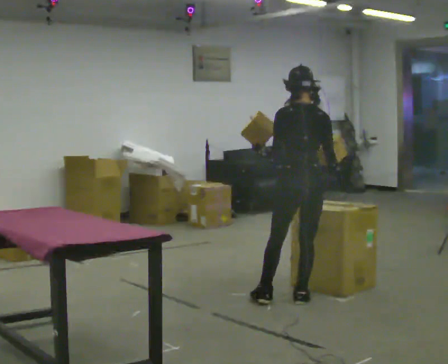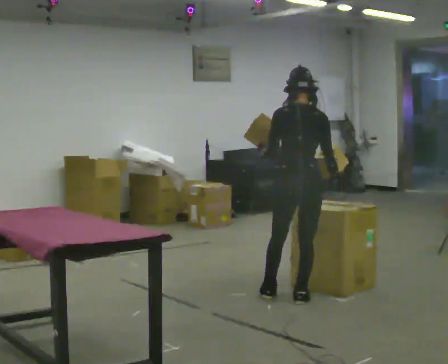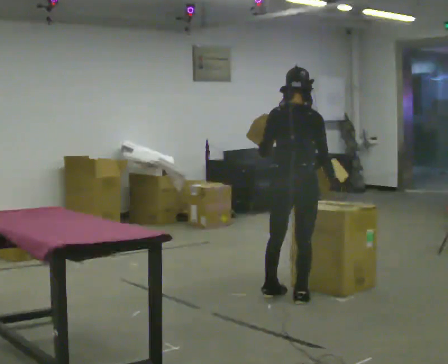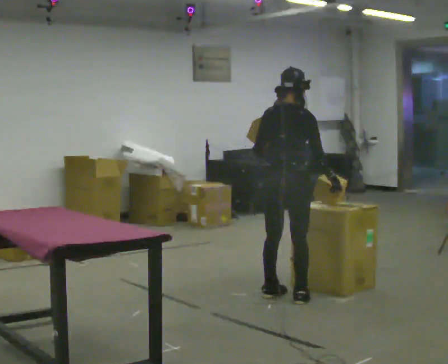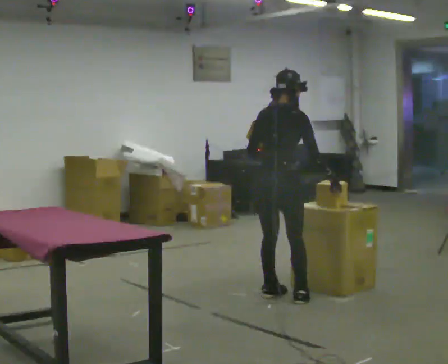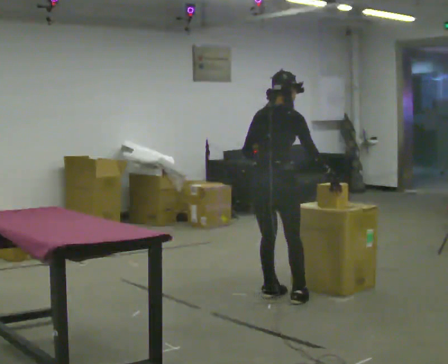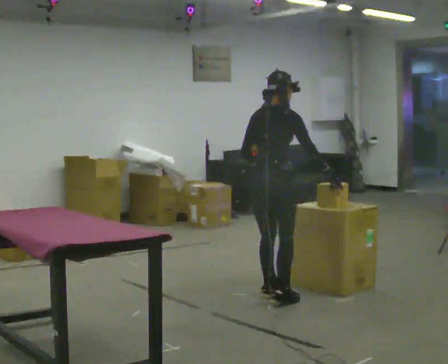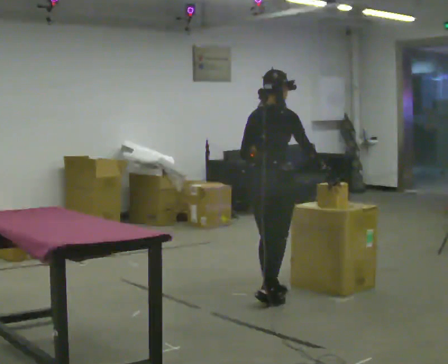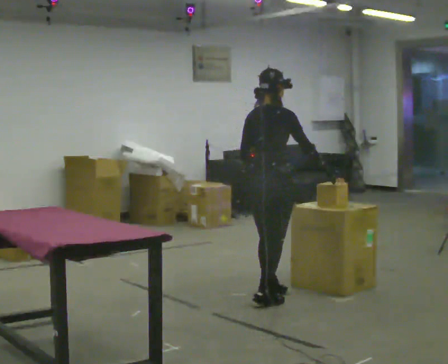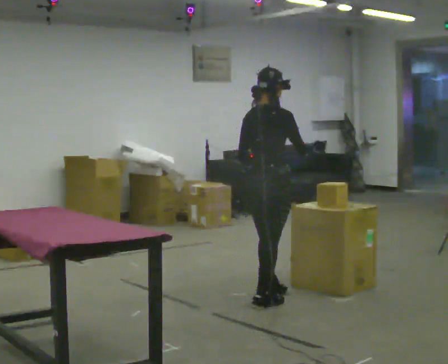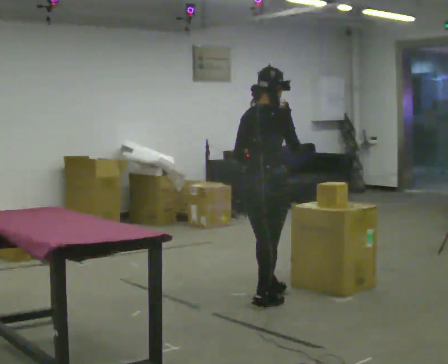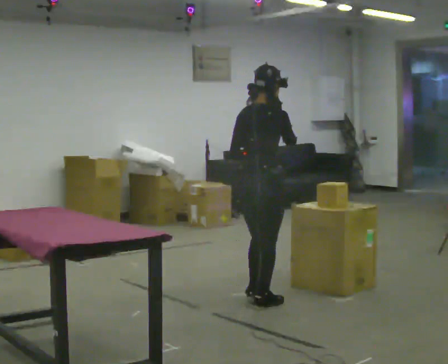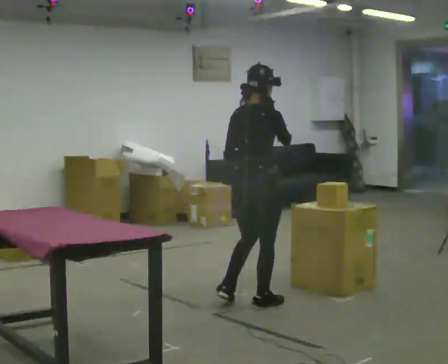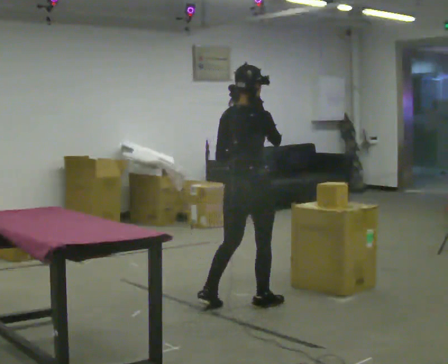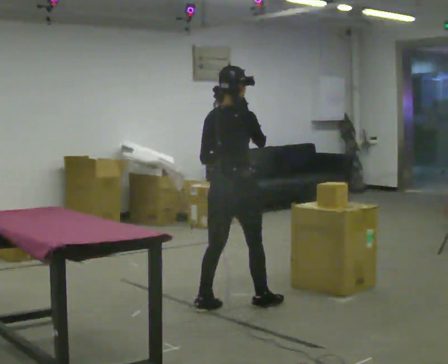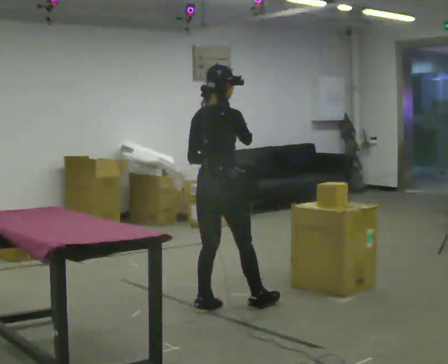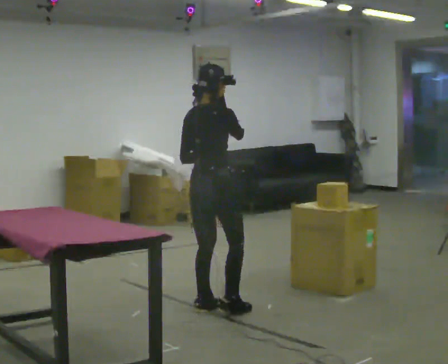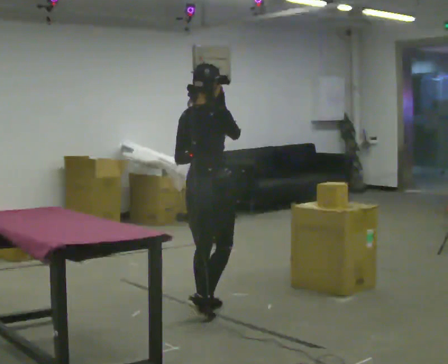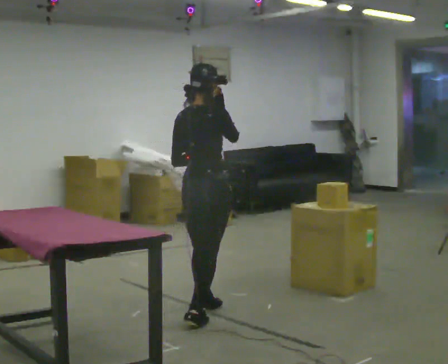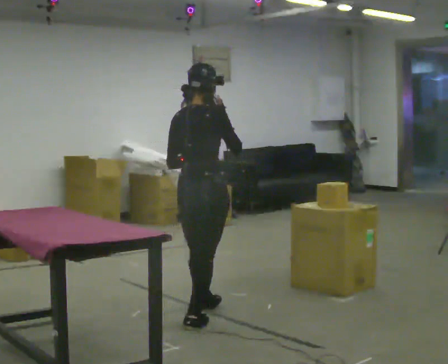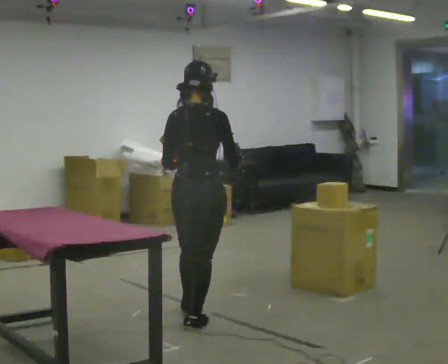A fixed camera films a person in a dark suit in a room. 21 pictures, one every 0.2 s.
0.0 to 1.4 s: The person turns about 45 degrees to their right, clockwise seen from above, so the part of the body nearest the lens slides to the left. In the picture they go to the left and away from the camera, about 0.25 m in 1 step, which for them is to their left.
1.4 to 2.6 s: In the picture they go toward the camera and to the left, about 0.25 m in 1 step, which for them is backward. In the picture their right hand goes upward.
2.6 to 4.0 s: In the picture they go toward the camera and to the left, about 0.5 m in 2 steps, which for them is backward.
The film runs backward here.
